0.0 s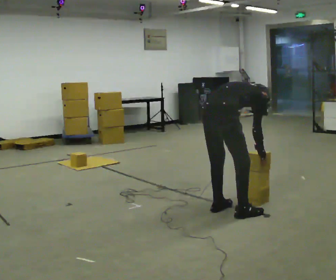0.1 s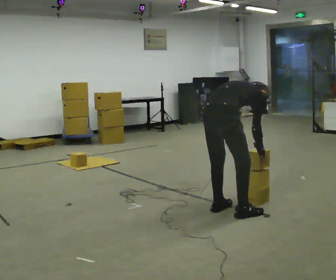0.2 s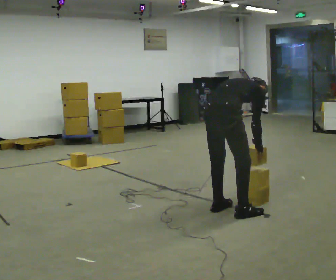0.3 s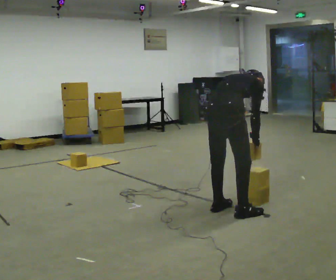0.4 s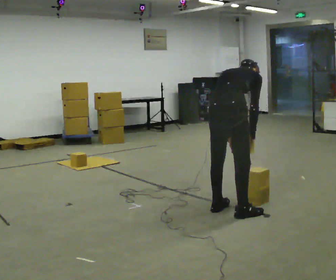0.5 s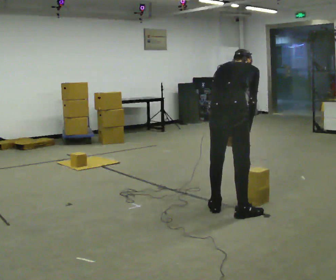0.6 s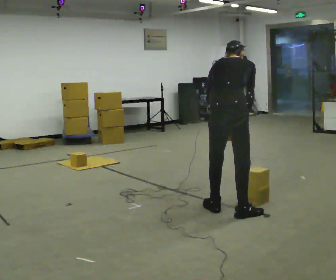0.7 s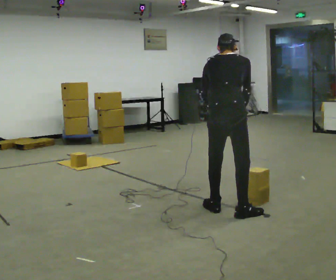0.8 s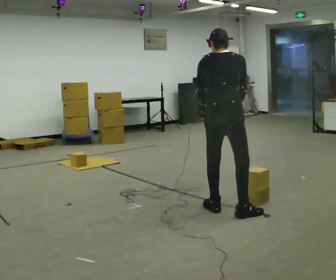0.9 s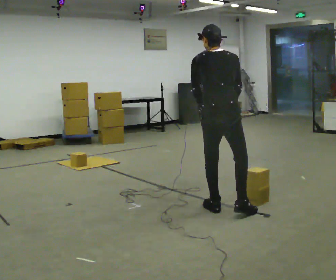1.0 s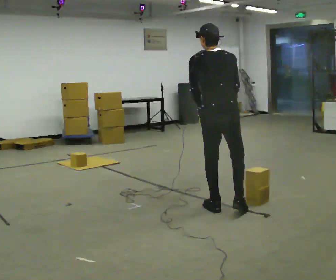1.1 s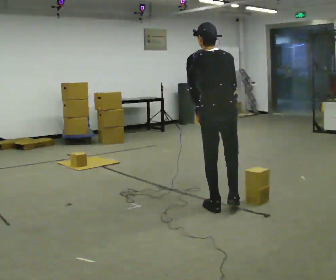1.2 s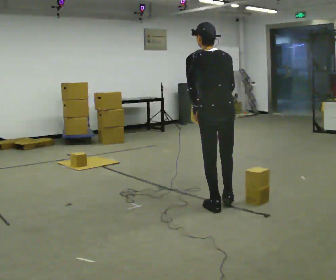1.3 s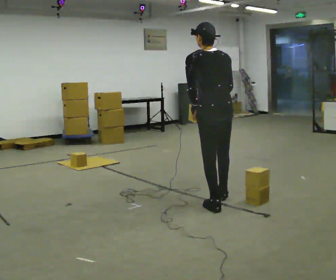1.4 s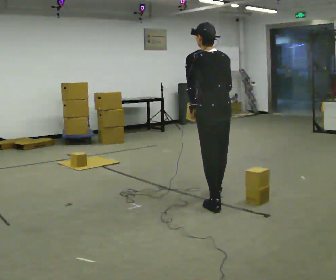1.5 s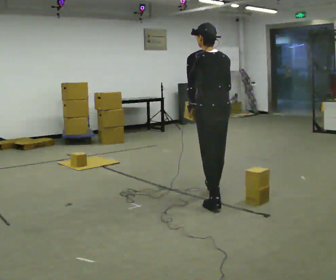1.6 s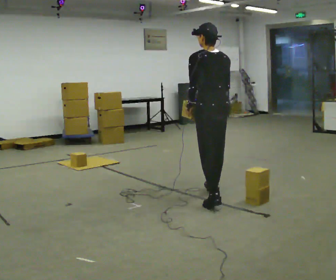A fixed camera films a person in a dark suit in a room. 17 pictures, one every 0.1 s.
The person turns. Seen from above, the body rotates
counterclockwise.
The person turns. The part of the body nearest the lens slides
to the right.
0.0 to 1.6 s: The person turns about 75 degrees to their left, counterclockwise seen from above, so the part of the body nearest the lens slides to the right. In the picture they go away from the camera, about 0.5 m in 1 step. The upper body goes upward. The upper body tips toward the camera, its near side rolling downward, as they lean back or straighten. In the picture their right hand goes upward.
The film runs forward here.
